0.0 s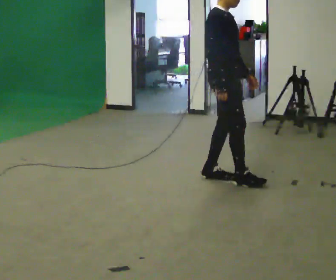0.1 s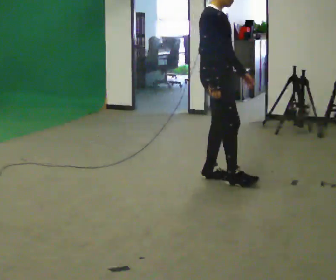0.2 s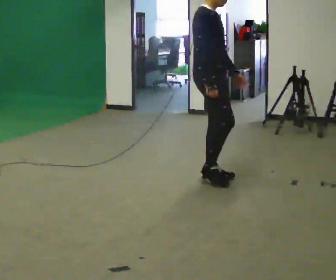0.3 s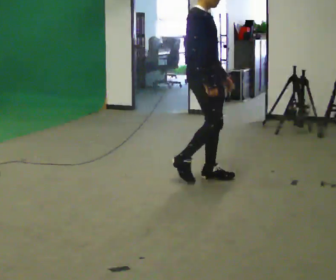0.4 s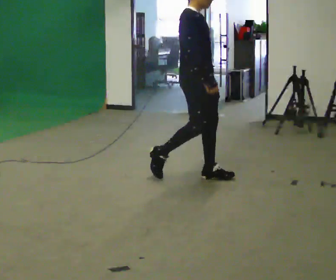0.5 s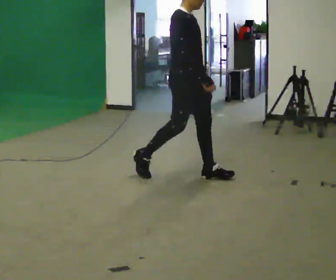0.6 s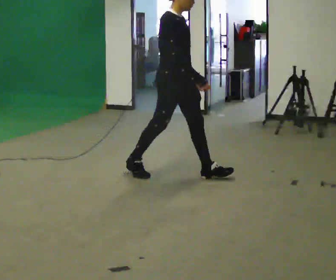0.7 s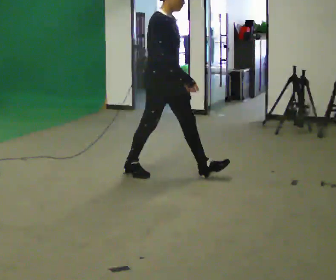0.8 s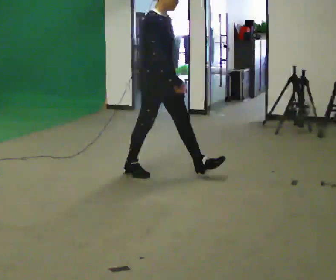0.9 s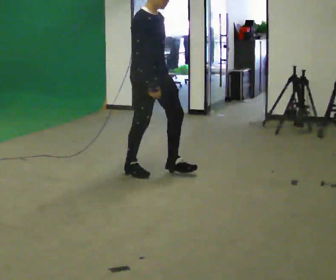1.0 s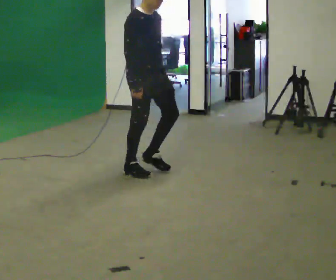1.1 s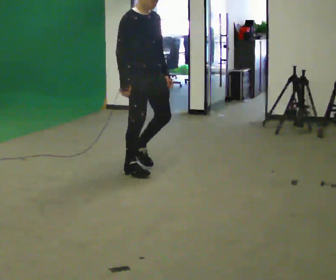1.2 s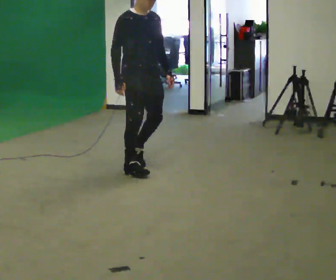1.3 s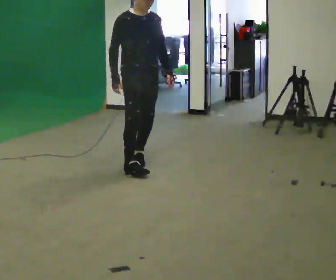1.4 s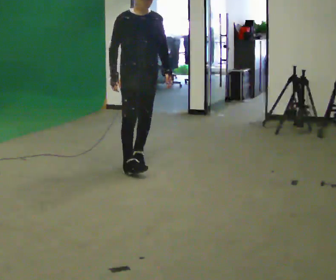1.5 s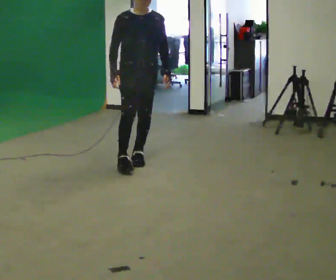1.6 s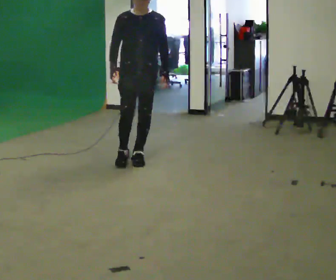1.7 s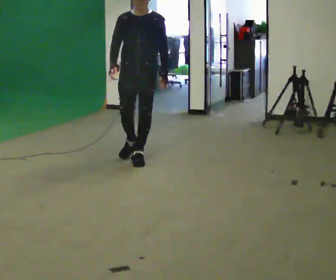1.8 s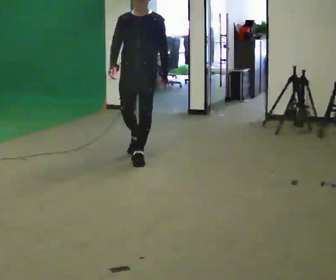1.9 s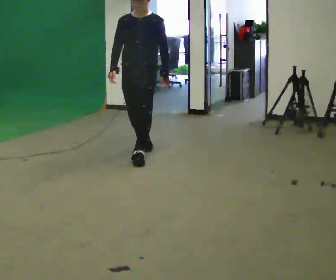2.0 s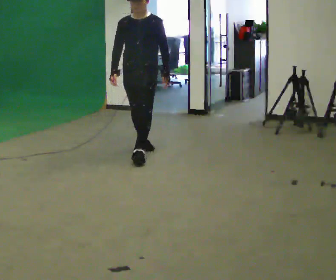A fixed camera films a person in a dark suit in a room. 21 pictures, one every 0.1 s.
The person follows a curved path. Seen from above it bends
clockwise.
The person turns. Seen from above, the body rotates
clockwise.
0.0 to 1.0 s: In the picture they go to the left, about 0.5 m in 2 steps, which for them is backward.
1.0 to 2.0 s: The part of the body nearest the lens slides to the left as the person turns to their right by about 75 degrees. In the picture they go away from the camera, about 0.75 m in 1 step.
The film runs backward here.
